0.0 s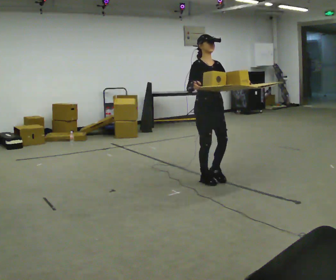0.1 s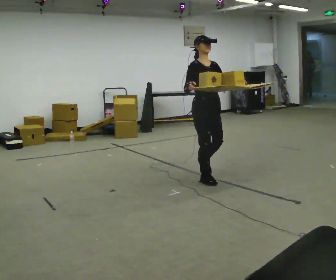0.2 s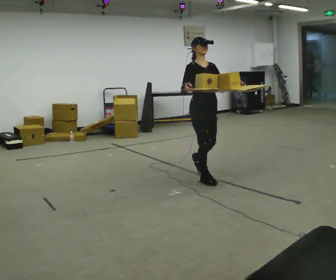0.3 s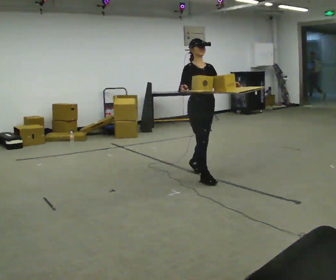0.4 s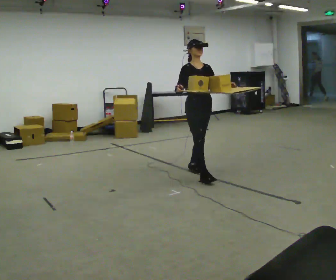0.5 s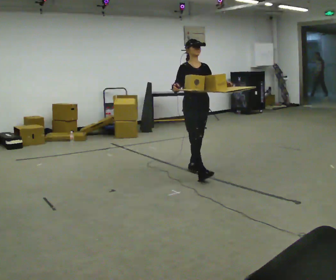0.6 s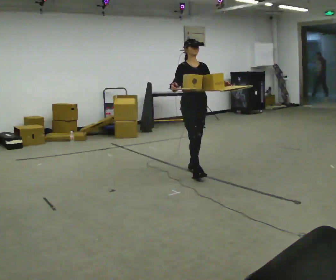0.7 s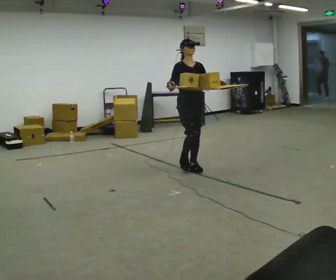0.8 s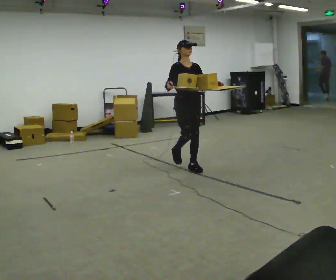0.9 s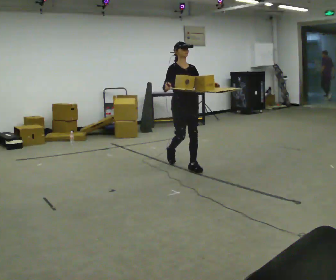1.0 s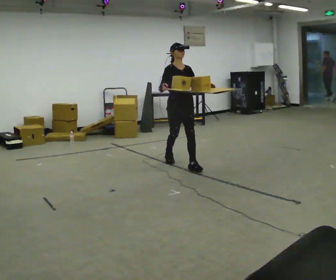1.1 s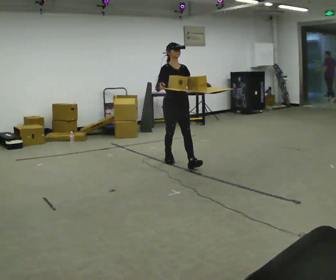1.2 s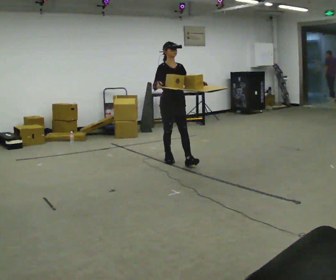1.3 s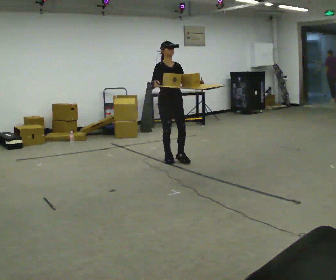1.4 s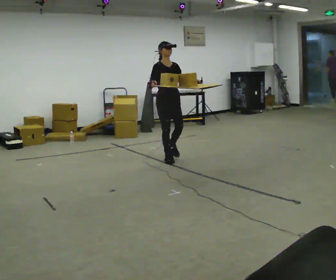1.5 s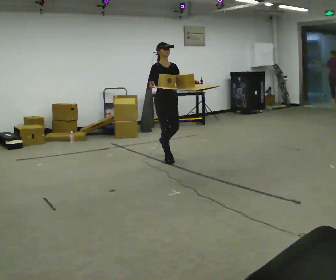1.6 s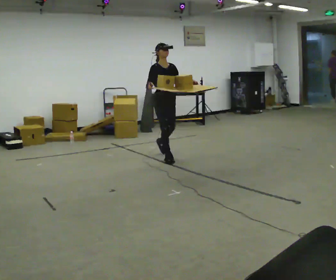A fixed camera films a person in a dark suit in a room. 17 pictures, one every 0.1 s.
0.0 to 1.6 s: In the picture they go away from the camera and to the left, about 1 m in 2 steps, which for them is backward.
The film runs backward here.
